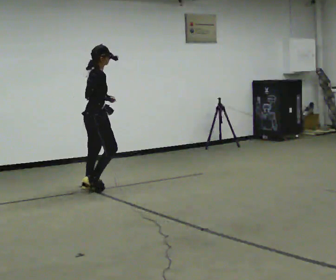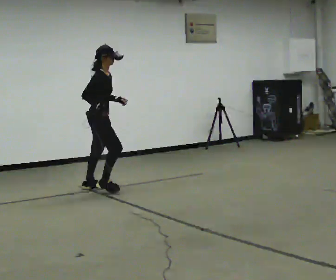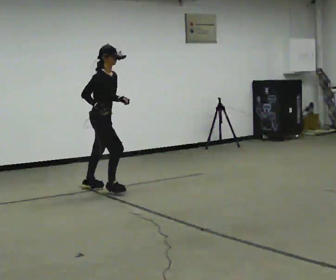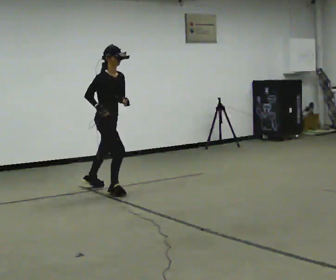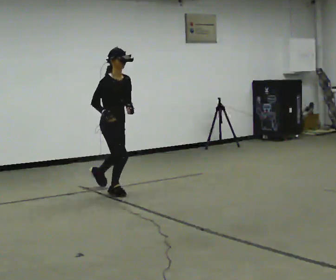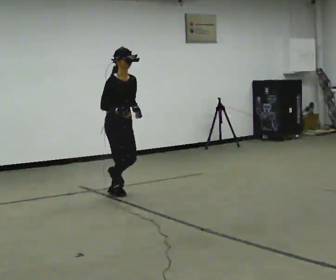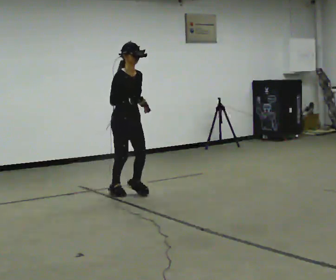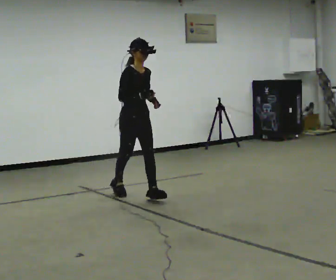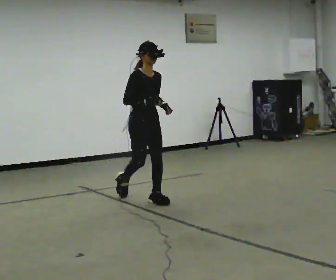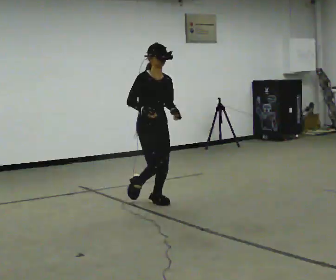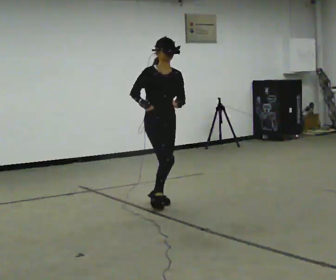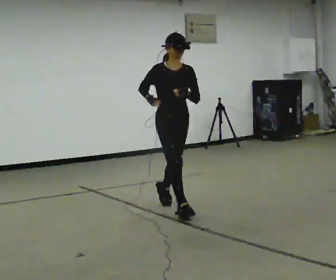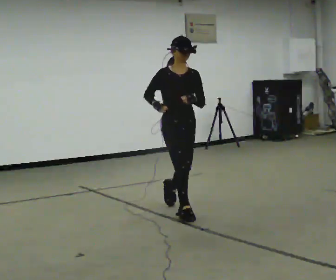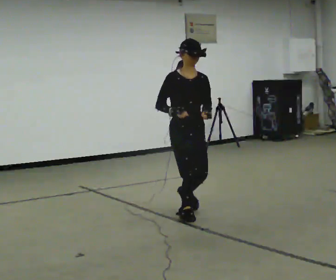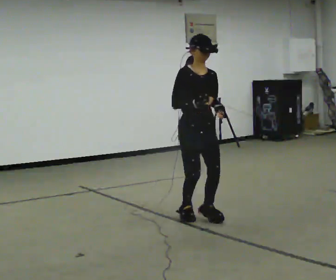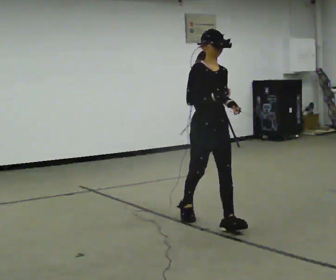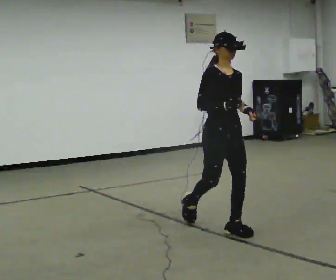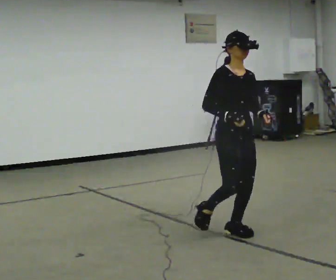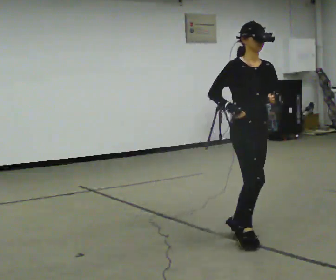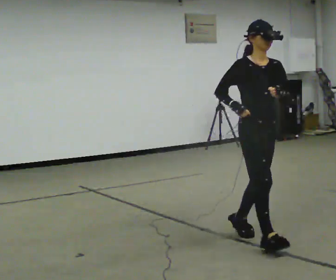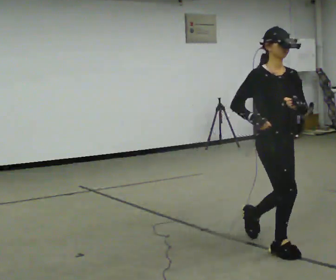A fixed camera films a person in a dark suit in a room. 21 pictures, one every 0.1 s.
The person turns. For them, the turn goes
to their right.
The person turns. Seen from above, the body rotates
clockwise.
0.0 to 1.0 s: Seen from above the body turns clockwise, about 75 degrees: to their right, with its near side sliding to the left. In the picture they go toward the camera and to the right, about 1 m in 2 steps.
1.0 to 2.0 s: In the picture they go toward the camera and to the right, about 1.5 m in 3 steps, which for them is forward.
The film runs forward here.
